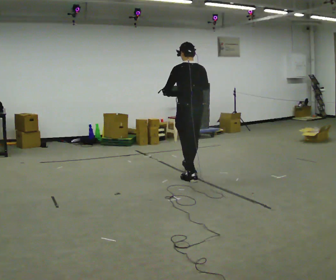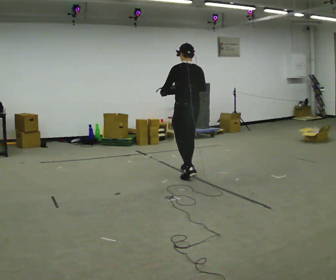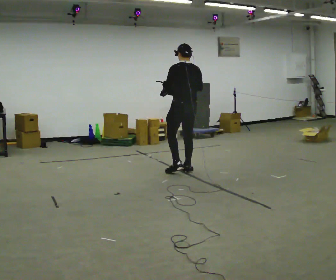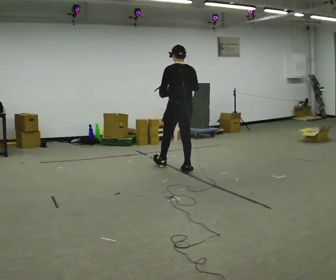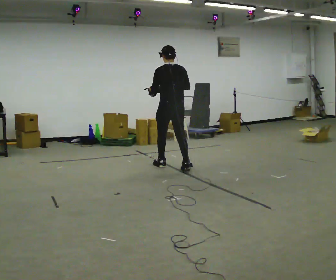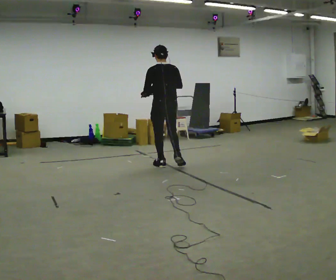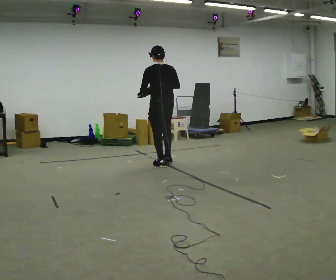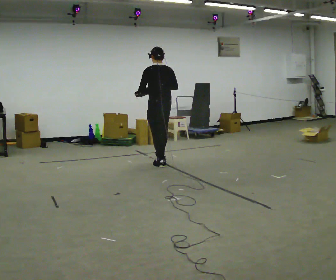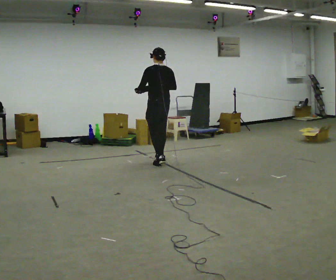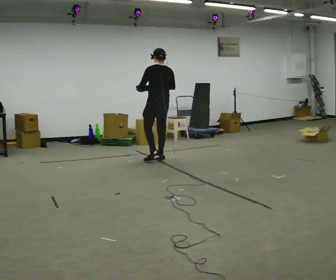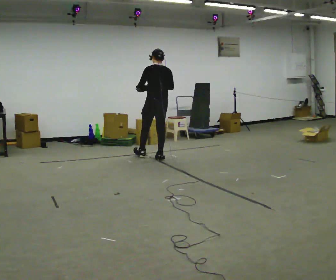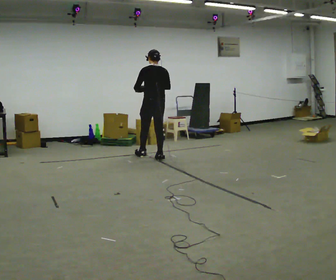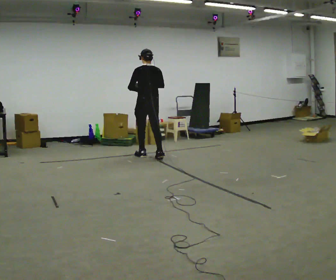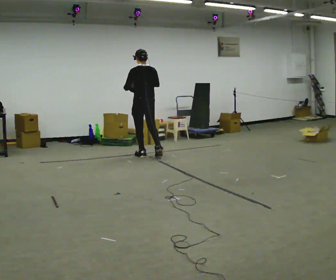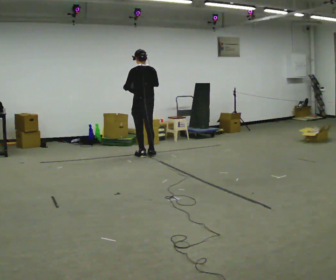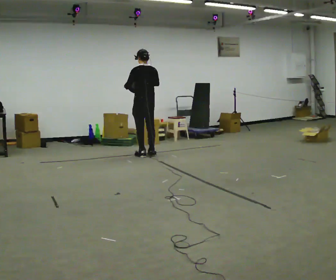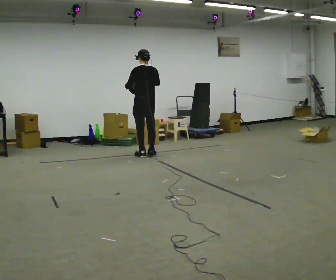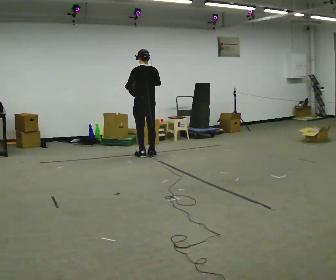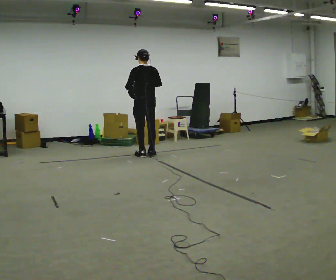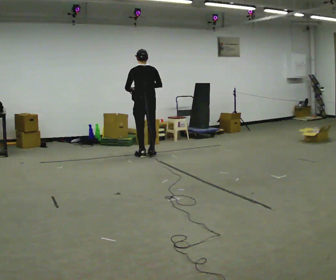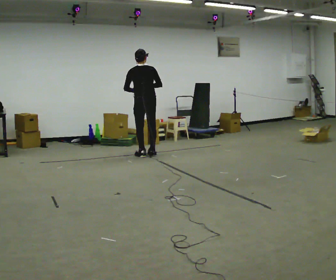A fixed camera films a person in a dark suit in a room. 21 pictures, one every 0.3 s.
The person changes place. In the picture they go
away from the camera.
0.0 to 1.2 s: In the picture they go away from the camera and to the left, about 0.5 m in 1 step, which for them is forward.
1.2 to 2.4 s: In the picture they go away from the camera and to the left, about 0.5 m in 1 step, which for them is forward.
2.4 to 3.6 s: In the picture they go away from the camera and to the left, about 0.25 m in 1 step, which for them is forward.
3.6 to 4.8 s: The person moves a little, or ends about where they began.
4.8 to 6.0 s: The person turns about 30 degrees to their right, clockwise seen from above, so the part of the body nearest the lens slides to the left.
The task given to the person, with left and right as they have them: Carry the bag and, while walking, undo the buckle or zip, then do it up again. Keep repeating as you walk. Do not stop.
The film runs forward here.
